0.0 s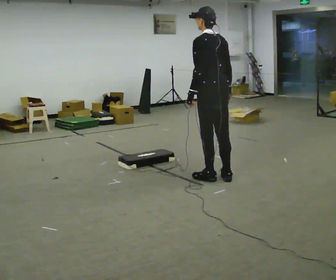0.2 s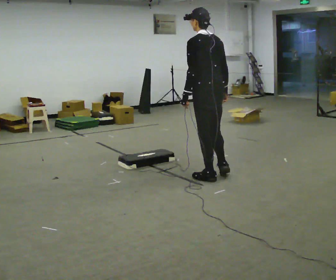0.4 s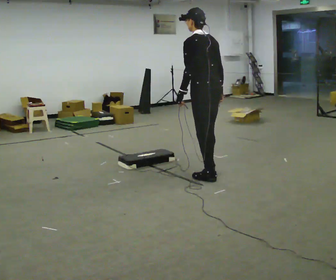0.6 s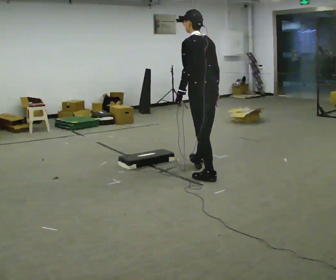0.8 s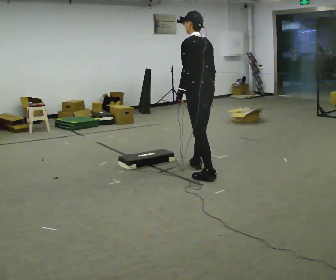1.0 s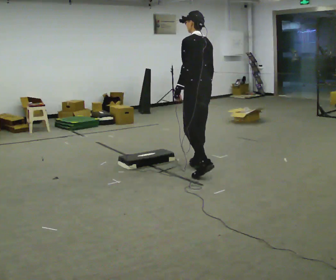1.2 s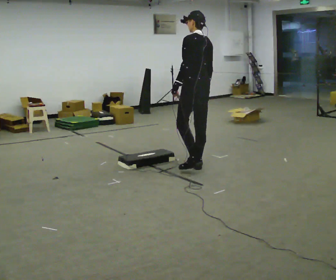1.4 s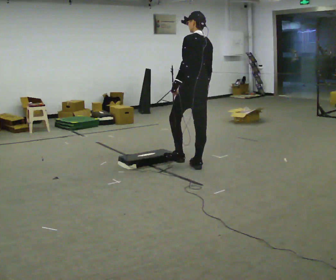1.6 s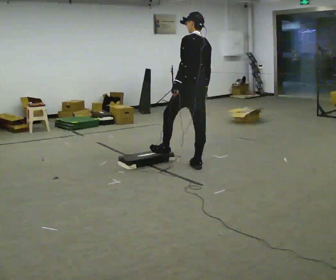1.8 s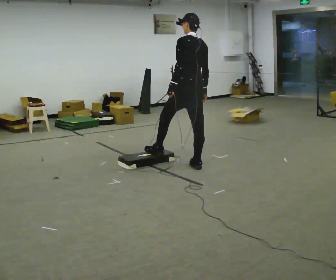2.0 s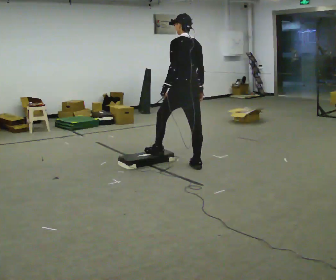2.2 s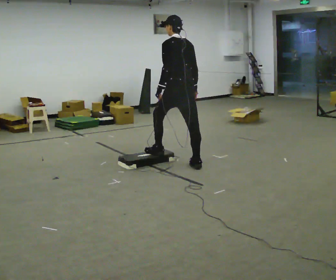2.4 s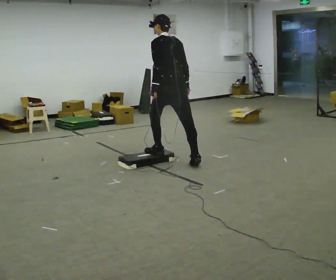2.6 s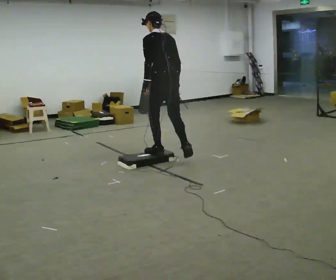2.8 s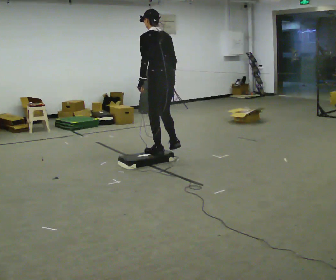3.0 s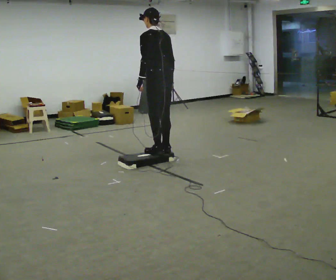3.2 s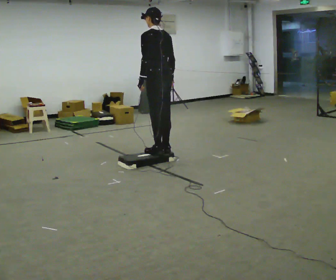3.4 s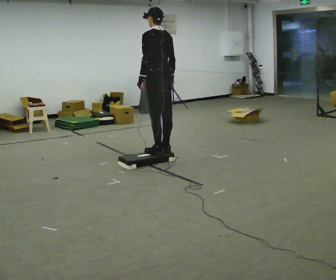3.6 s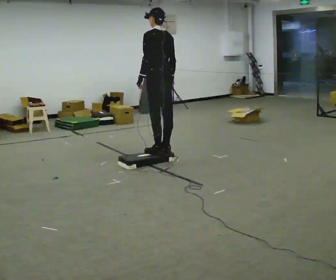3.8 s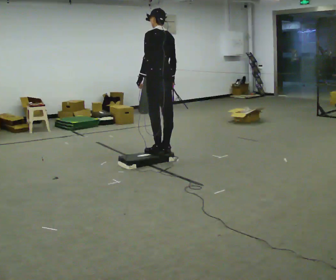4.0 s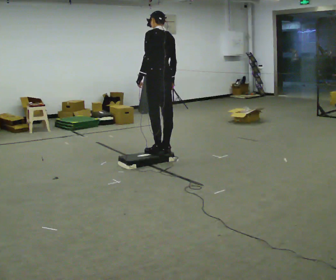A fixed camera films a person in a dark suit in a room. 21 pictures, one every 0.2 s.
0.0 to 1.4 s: In the picture they go away from the camera and to the left, about 0.5 m in 1 step, which for them is forward and to their right.
1.4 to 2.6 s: In the picture they go to the left and away from the camera, about 0.5 m in 1 step, which for them is forward and to their left. In the picture the upper body tilts counterclockwise, shoulders to the left.
2.6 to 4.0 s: In the picture they go away from the camera, about 0.25 m in 1 step, which for them is forward.
The film runs forward here.
